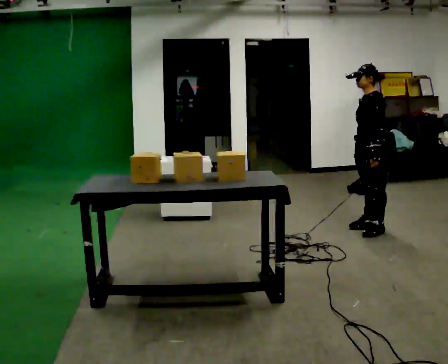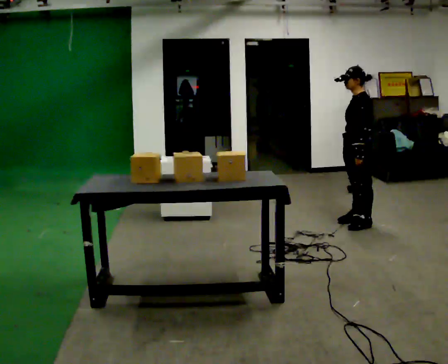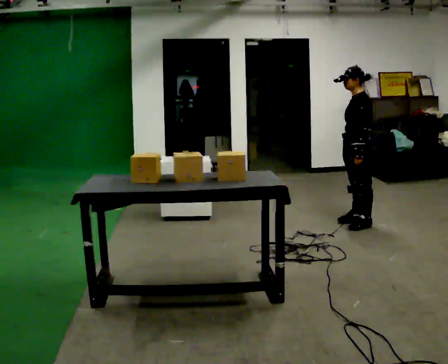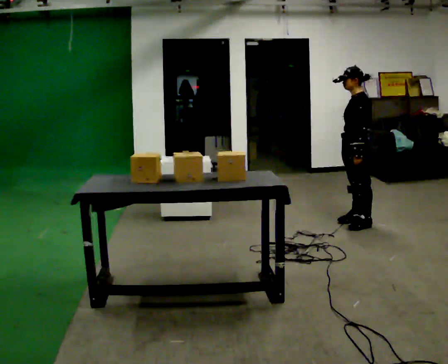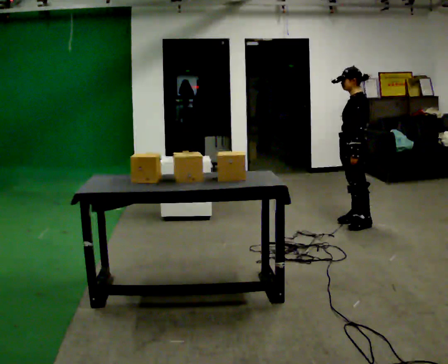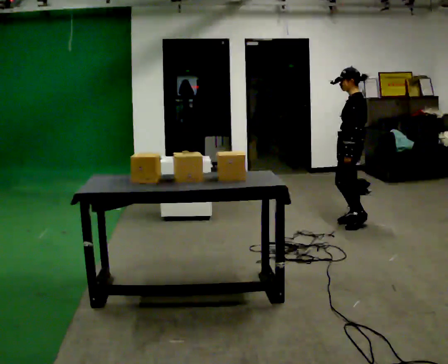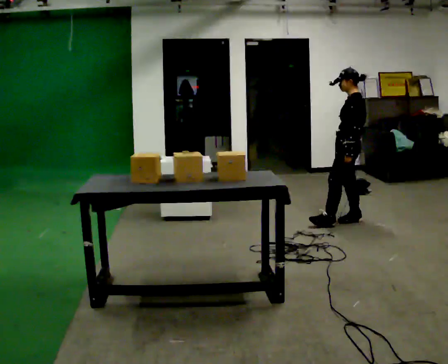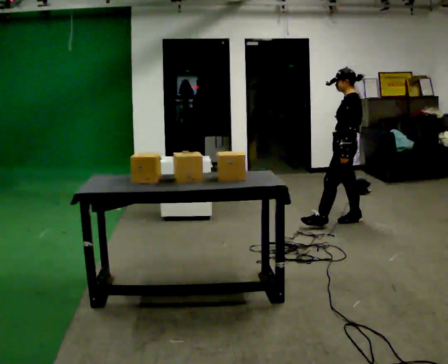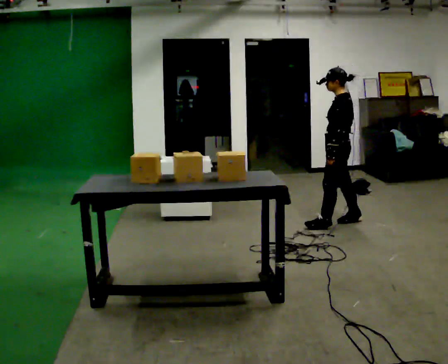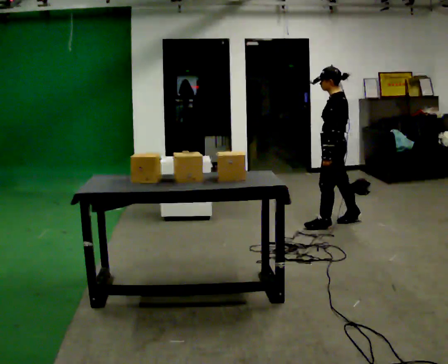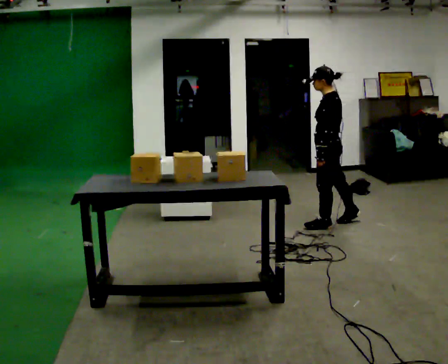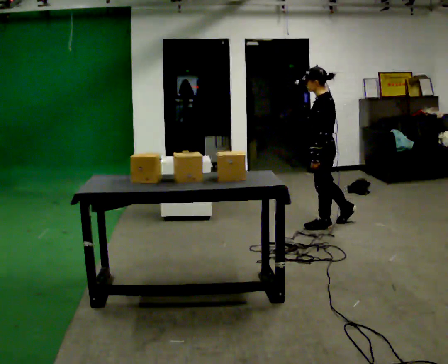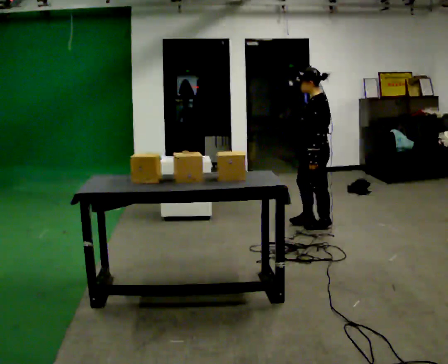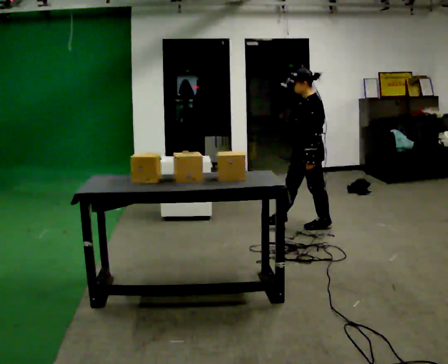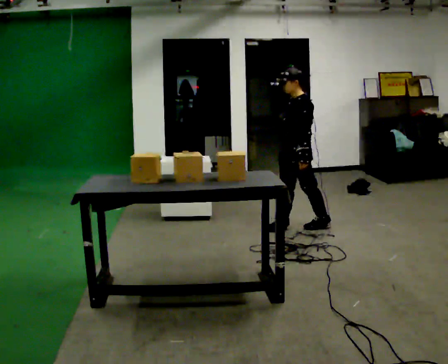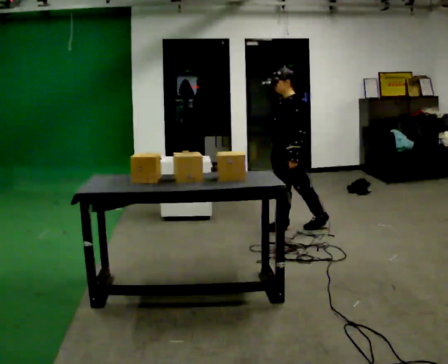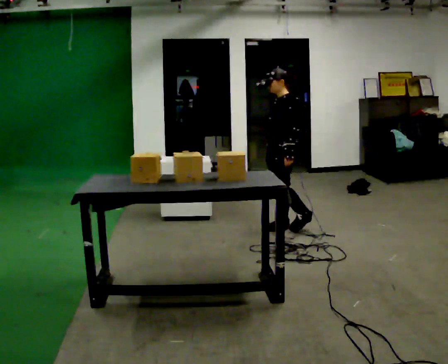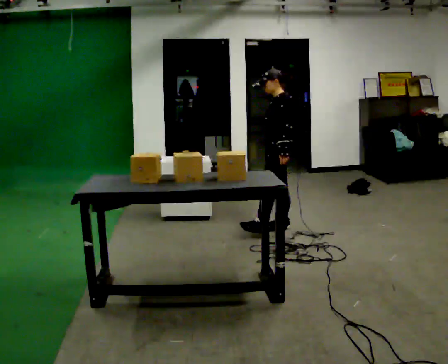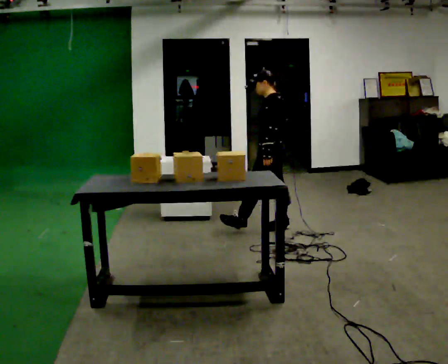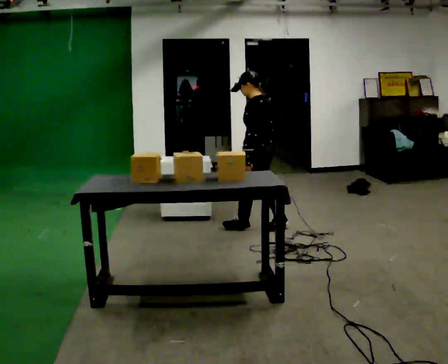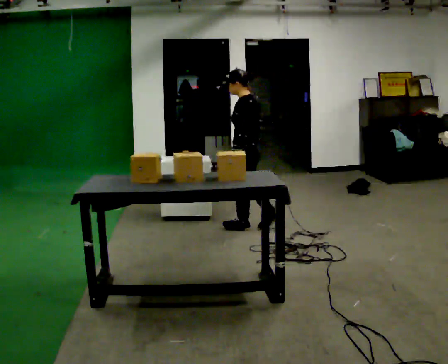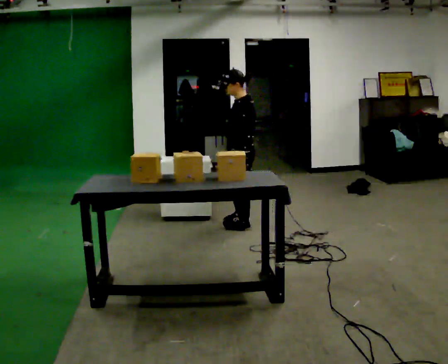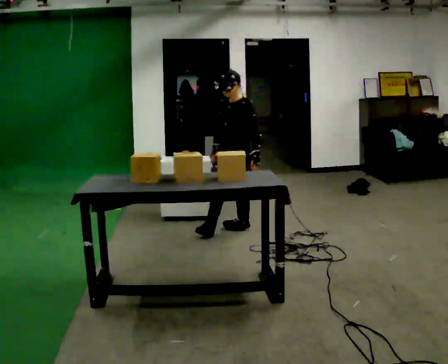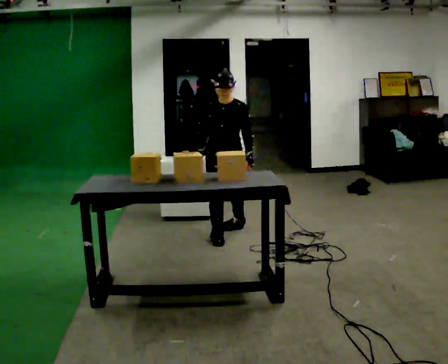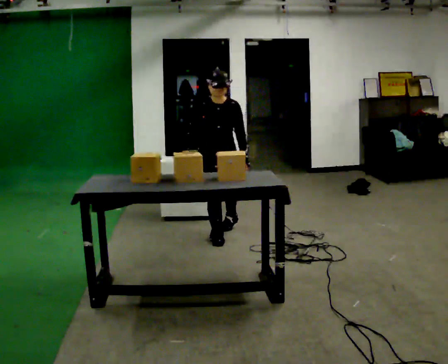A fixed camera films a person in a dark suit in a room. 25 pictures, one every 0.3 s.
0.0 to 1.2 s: In the picture they go away from the camera and to the left, about 0.25 m, which for them is to their right.
1.2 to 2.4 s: The person moves a little, or ends about where they began.
2.4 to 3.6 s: In the picture they go to the left, about 0.25 m, which for them is forward and to their left.
3.6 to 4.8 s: In the picture they go to the left, about 0.25 m in 1 step, which for them is forward and to their right.
4.8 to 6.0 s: The person turns about 30 degrees to their right, clockwise seen from above, so the part of the body nearest the lens slides to the left. In the picture they go to the left, about 0.25 m in 1 step, which for them is forward.
6.0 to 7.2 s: The part of the body nearest the lens slides to the right as the person turns to their left by about 120 degrees. In the picture they go toward the camera and to the left, about 0.5 m in 1 step.
The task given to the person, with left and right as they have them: 1. Move all 12 boxes from the shelf at one end of the room to the shelf at the other end. 2. The cart is not available today, so carry them. 3. Tell the operator when you are finished.
The film runs forward here.
